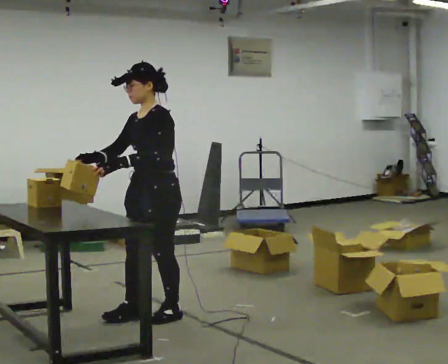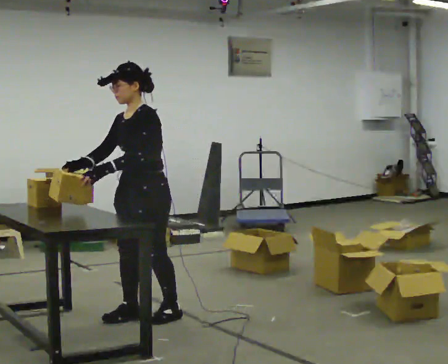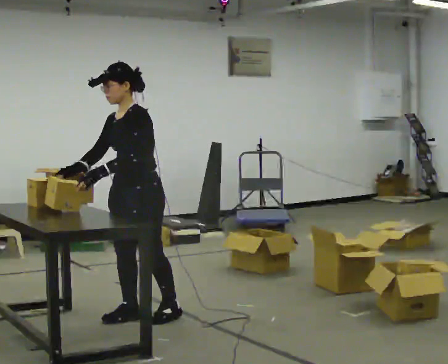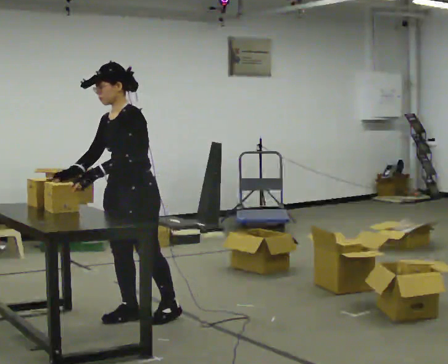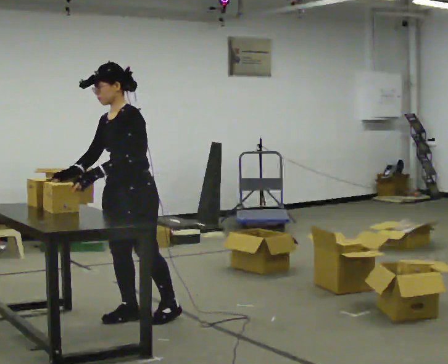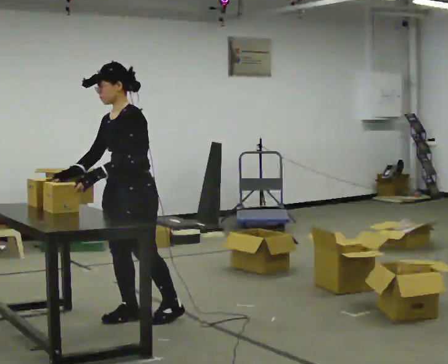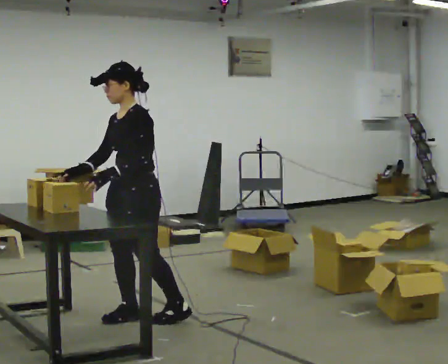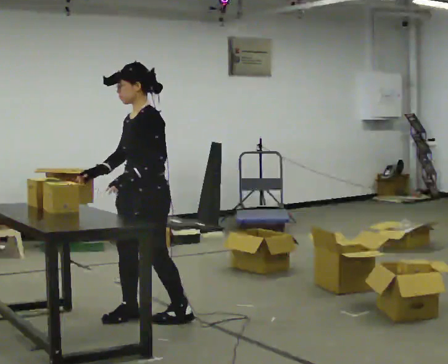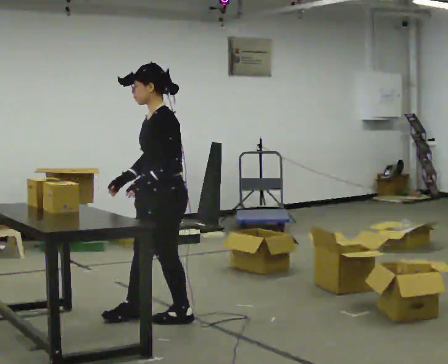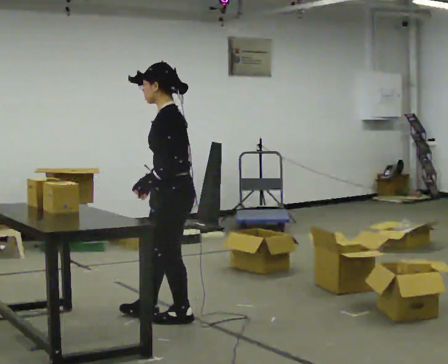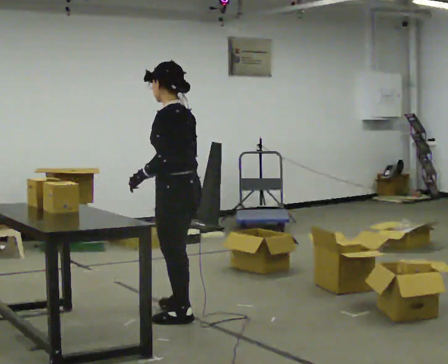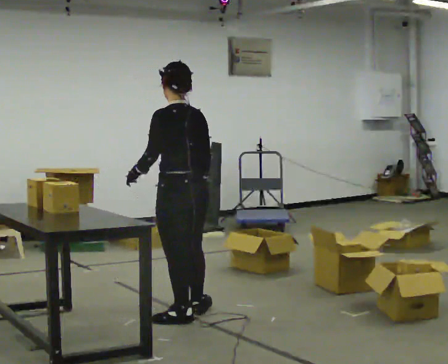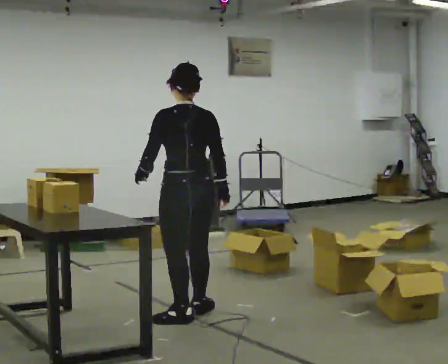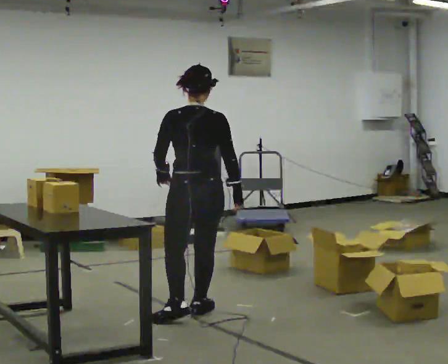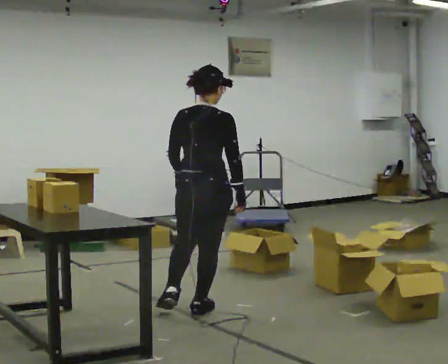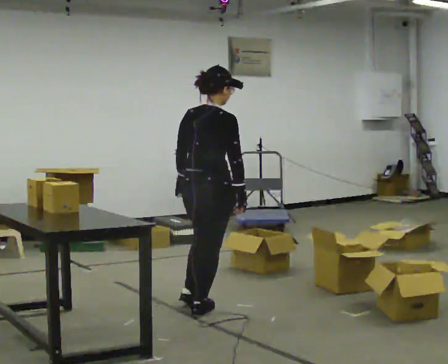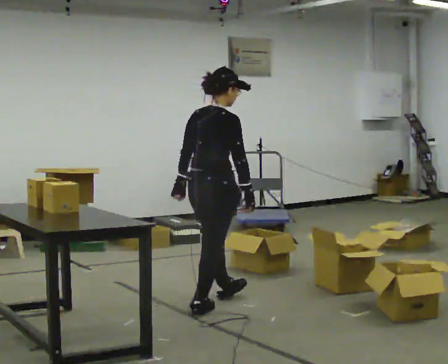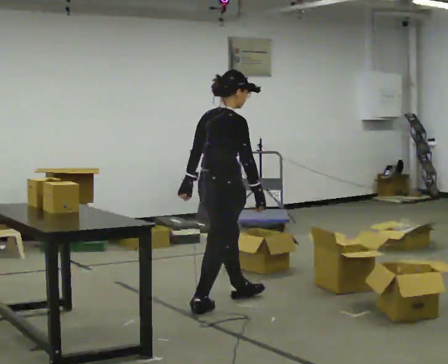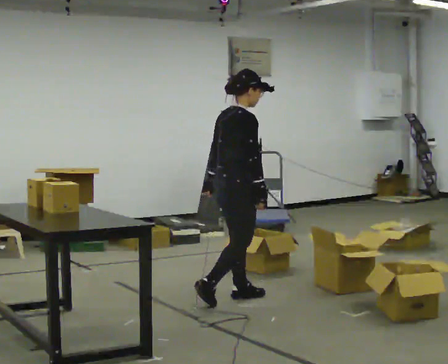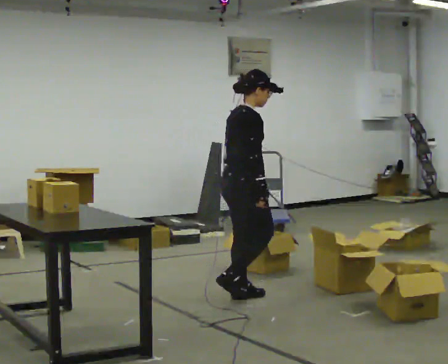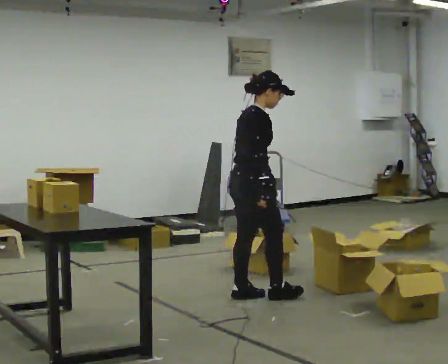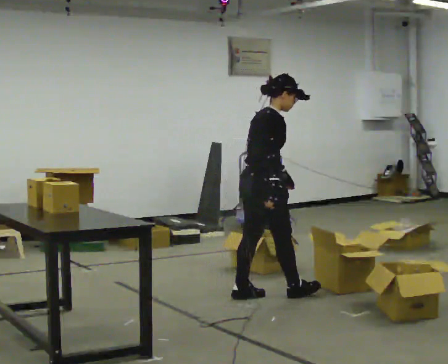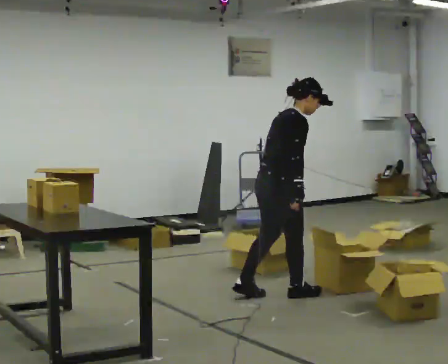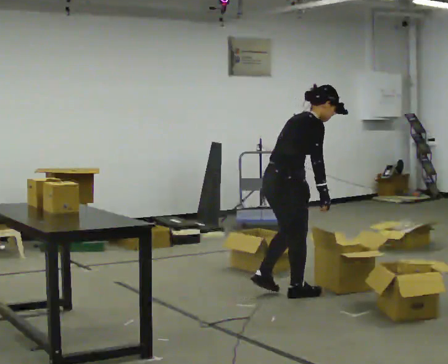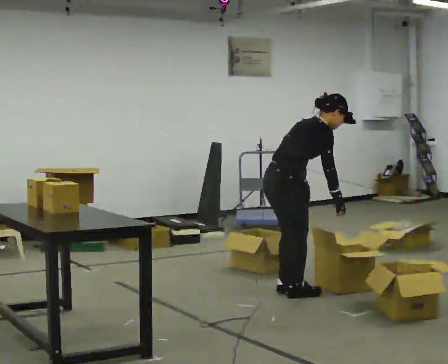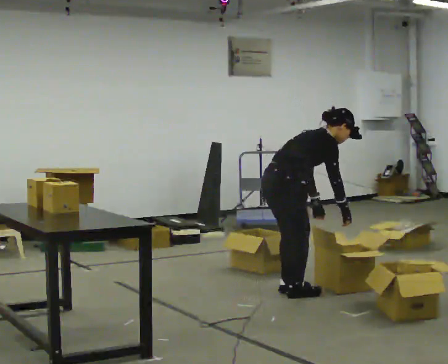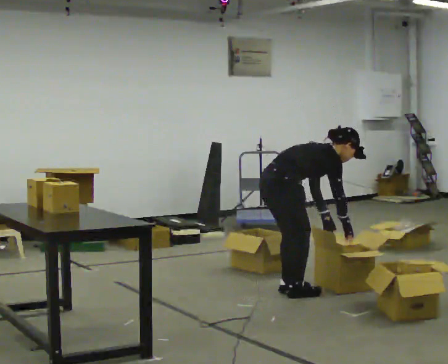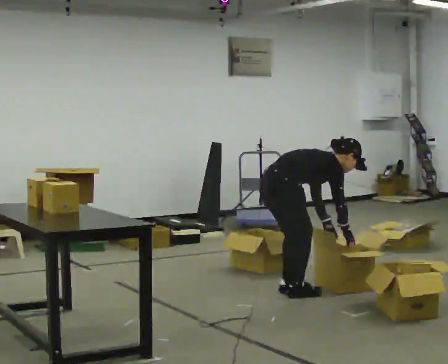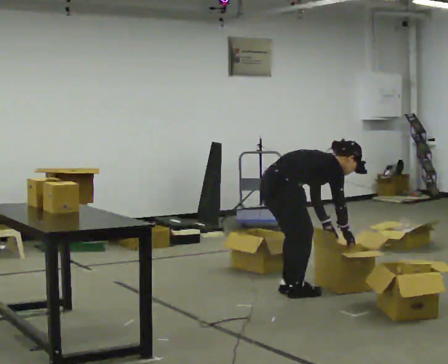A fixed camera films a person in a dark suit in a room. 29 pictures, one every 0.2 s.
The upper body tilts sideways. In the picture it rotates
clockwise.
The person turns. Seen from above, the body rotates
clockwise.
0.0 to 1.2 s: The person moves a little, or ends about where they began.
1.2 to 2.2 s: The part of the body nearest the lens slides to the left as the person turns to their right by about 90 degrees. In the picture they go to the right, about 0.25 m in 1 step.
2.2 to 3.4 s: The person turns about 105 degrees to their right, clockwise seen from above, so the part of the body nearest the lens slides to the left. In the picture they go away from the camera and to the right, about 0.5 m in 1 step.
3.4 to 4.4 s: In the picture they go to the right and away from the camera, about 0.5 m in 1 step, which for them is forward.
4.4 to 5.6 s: The shoulders move downward. In the picture the upper body tilts clockwise, shoulders to the right, as they bend forward. In the picture their right hand goes to the right and downward.
The film runs forward here.
